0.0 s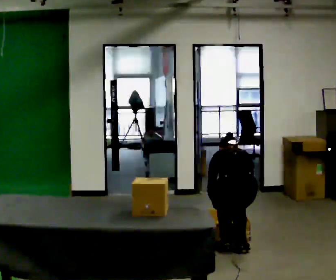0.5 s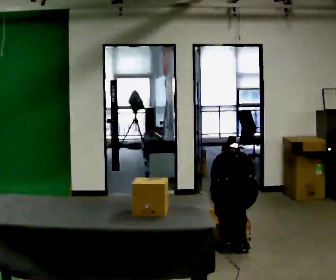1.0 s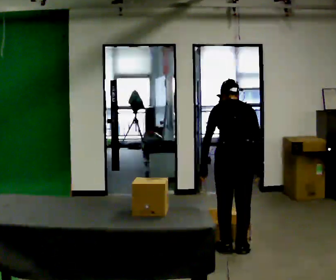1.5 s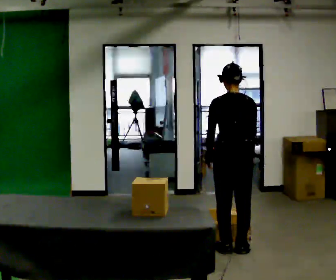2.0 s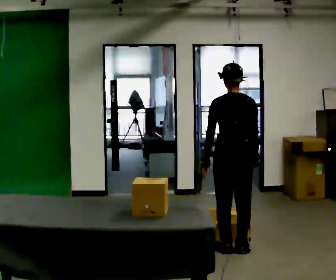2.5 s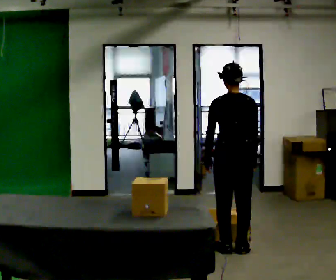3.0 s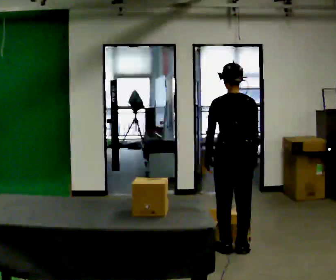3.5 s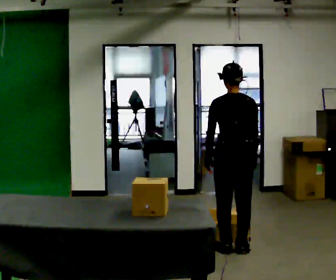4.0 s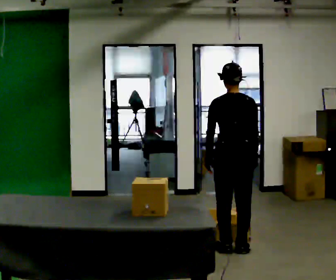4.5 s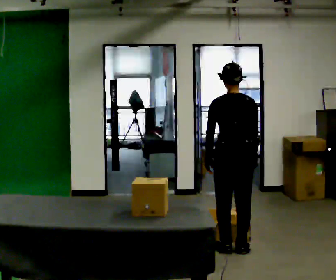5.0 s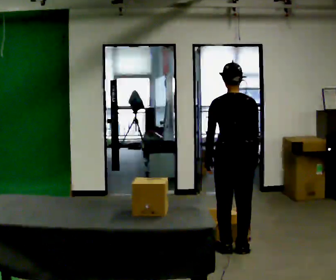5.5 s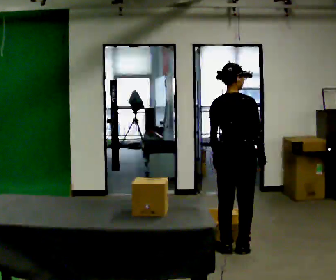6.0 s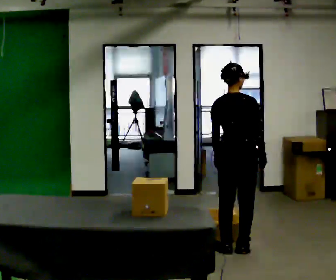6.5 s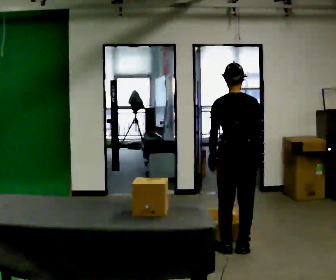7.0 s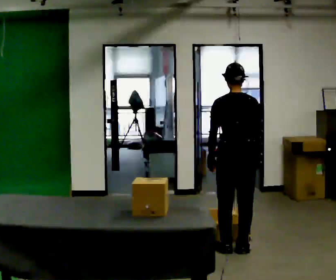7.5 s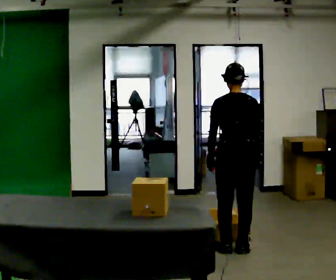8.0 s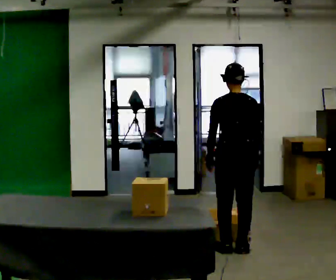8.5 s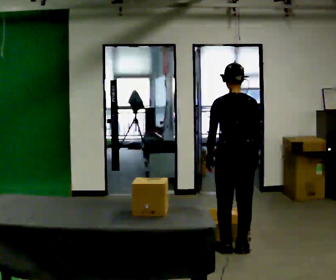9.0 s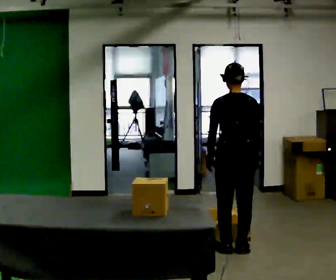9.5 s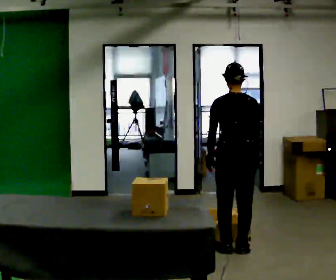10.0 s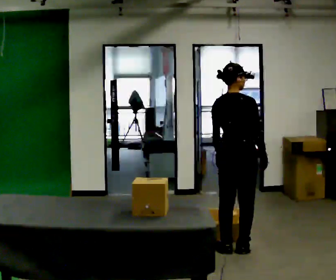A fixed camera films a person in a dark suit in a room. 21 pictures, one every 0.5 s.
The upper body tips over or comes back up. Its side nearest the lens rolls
downward.
The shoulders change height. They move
upward.
0.0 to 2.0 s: The upper body goes upward. The upper body tips toward the camera, its near side rolling downward, as they lean back or straighten. In the picture their left hand goes upward.
2.0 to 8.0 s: The person moves a little, or ends about where they began.
8.0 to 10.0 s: Seen from above the body turns clockwise, about 30 degrees: to their right, with its near side sliding to the left.
The film runs forward here.
